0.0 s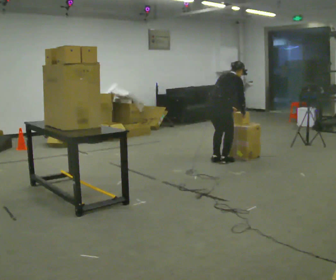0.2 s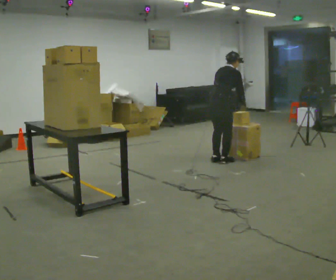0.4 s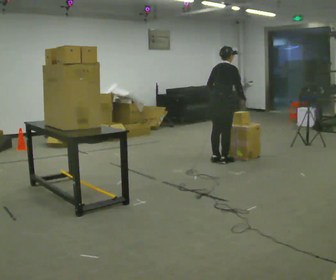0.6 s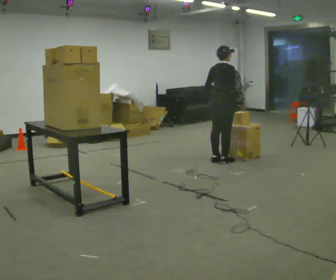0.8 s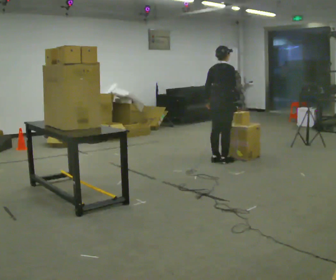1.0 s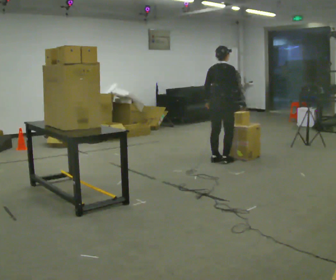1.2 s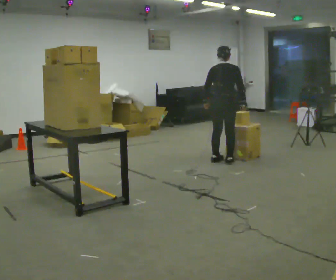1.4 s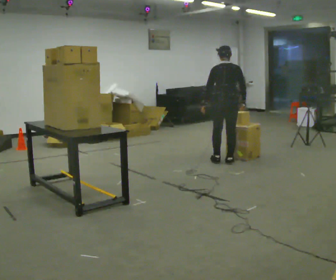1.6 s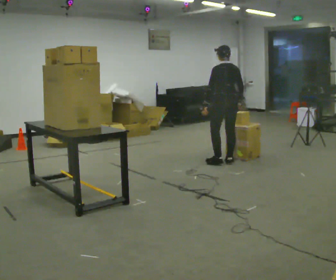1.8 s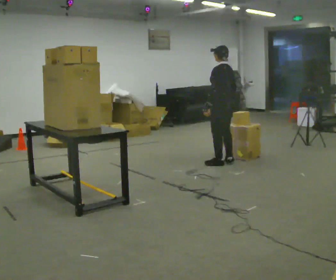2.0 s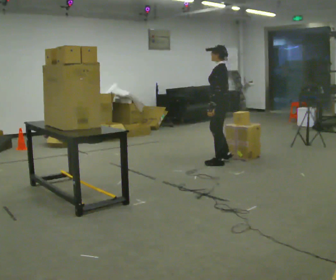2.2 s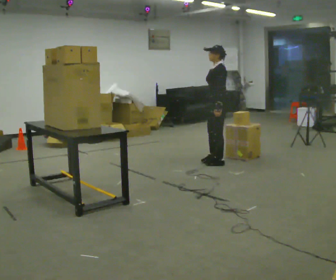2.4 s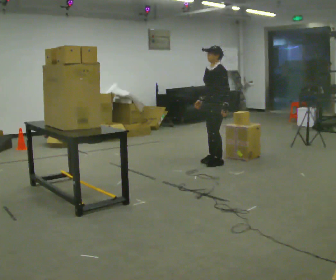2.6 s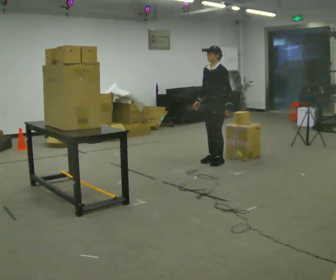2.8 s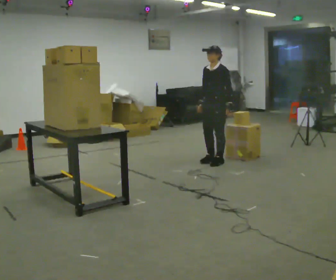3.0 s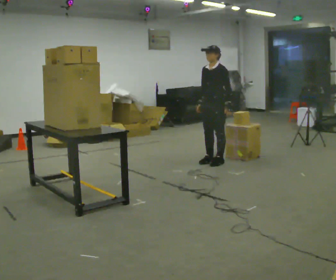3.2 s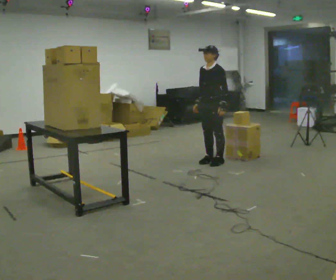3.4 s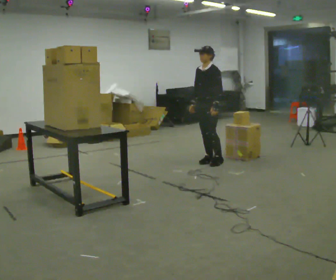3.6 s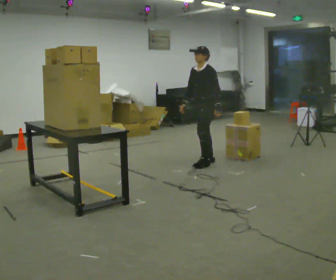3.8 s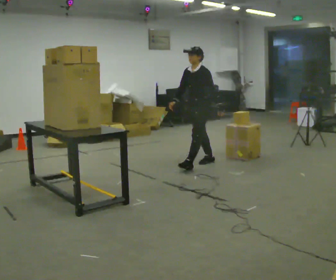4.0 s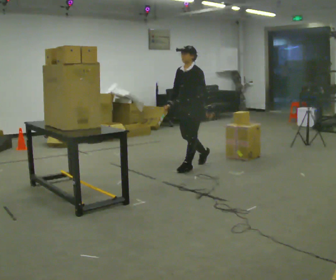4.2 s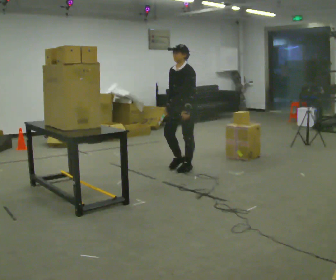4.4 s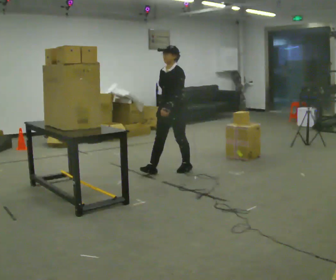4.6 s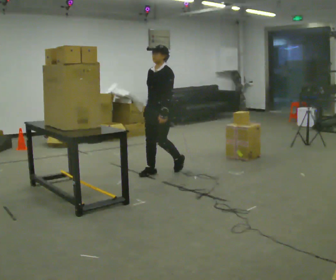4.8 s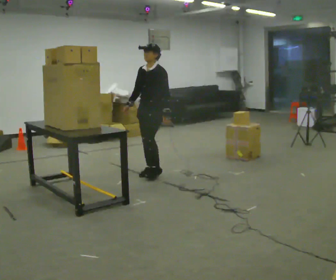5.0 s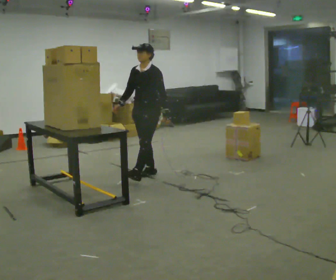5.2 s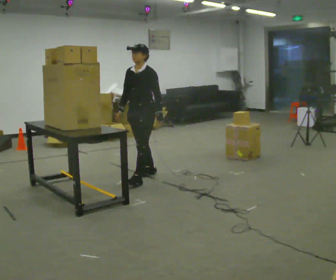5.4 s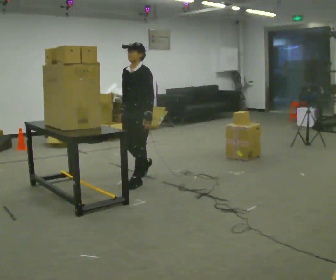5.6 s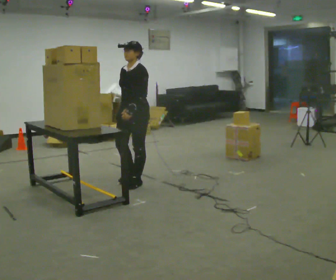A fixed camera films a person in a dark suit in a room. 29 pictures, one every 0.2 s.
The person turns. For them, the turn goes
to their left.
The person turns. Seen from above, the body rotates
counterclockwise.
0.0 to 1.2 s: The part of the body nearest the lens slides to the right as the person turns to their left by about 30 degrees. The upper body tips toward the camera, its near side rolling downward, as they lean back or straighten. In the picture their left hand goes to the left.
1.2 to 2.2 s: The person turns about 120 degrees to their left, counterclockwise seen from above, so the part of the body nearest the lens slides to the right.
2.2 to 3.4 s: The part of the body nearest the lens slides to the right as the person turns to their left by about 30 degrees.
3.4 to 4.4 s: In the picture they go toward the camera and to the left, about 0.75 m in 1 step, which for them is forward.
4.4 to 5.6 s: In the picture they go toward the camera and to the left, about 0.75 m in 2 steps, which for them is forward.
The film runs forward here.
